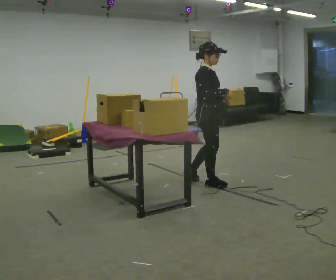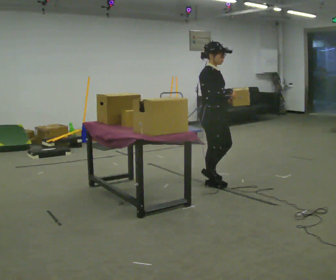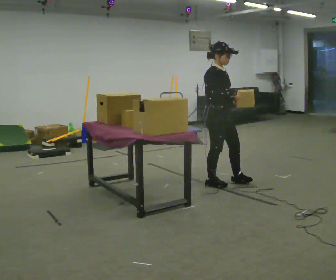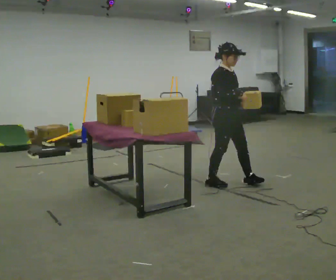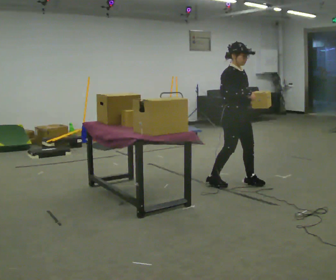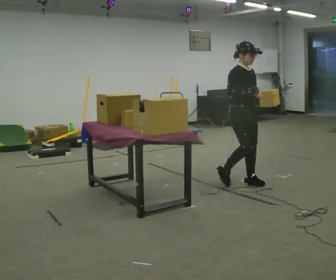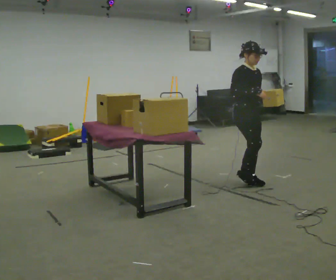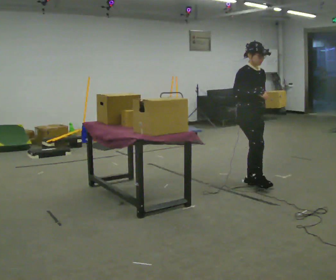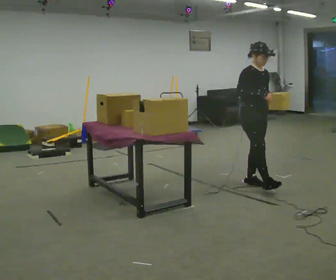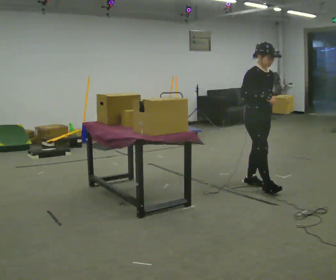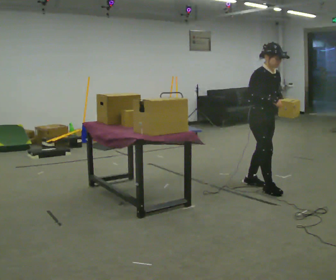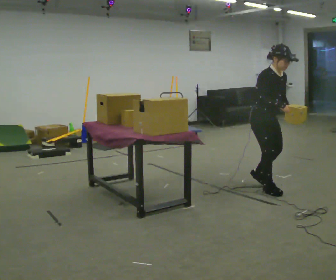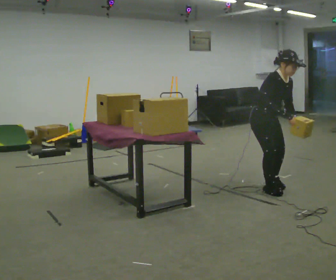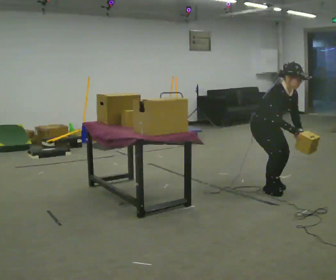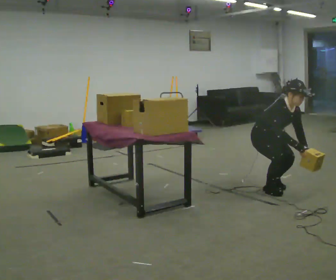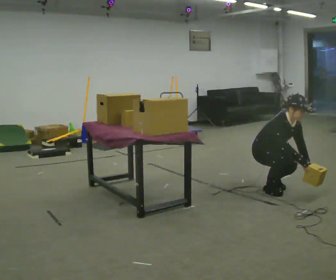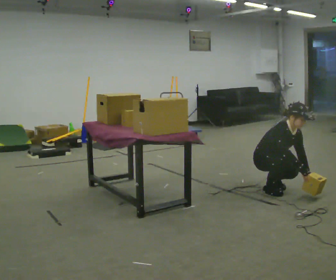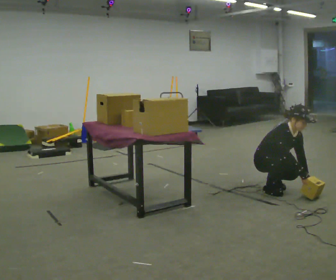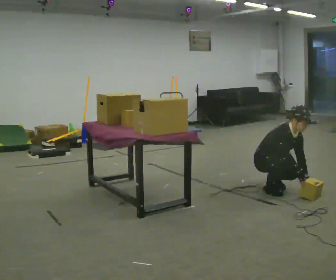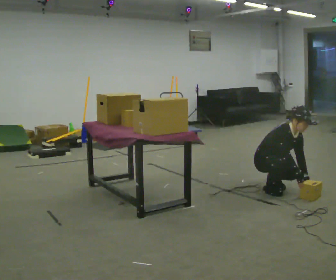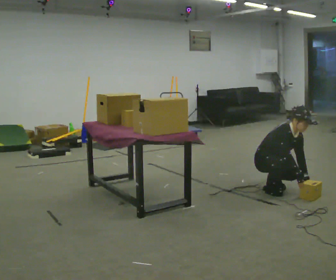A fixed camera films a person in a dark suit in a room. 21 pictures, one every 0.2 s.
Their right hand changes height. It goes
downward.
The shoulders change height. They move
downward.
0.0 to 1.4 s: The part of the body nearest the lens slides to the left as the person turns to their right by about 45 degrees. In the picture they go to the right, about 0.5 m in 1 step, which for them is forward and to their left.
1.4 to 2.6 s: In the picture they go toward the camera, about 0.25 m in 2 steps, which for them is forward. The upper body goes downward. The upper body tips toward the camera, its near side rolling downward, as they bend forward. In the picture their right hand goes downward and to the right.
2.6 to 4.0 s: The shoulders move downward. In the picture their left hand goes downward.
The film runs forward here.
